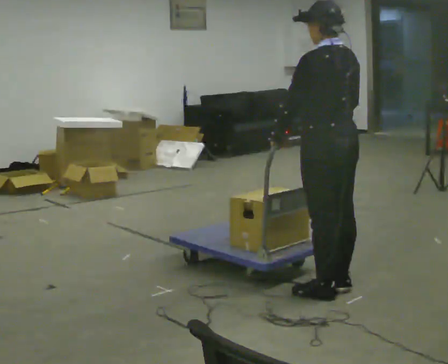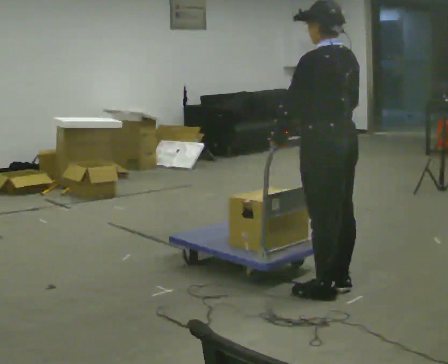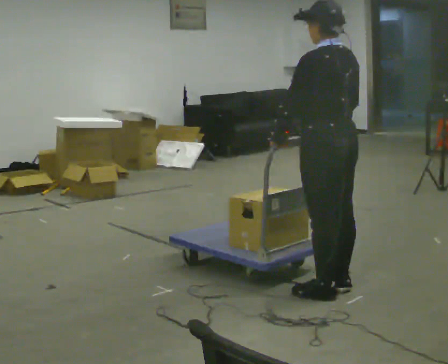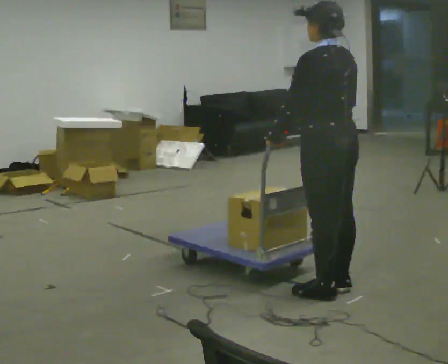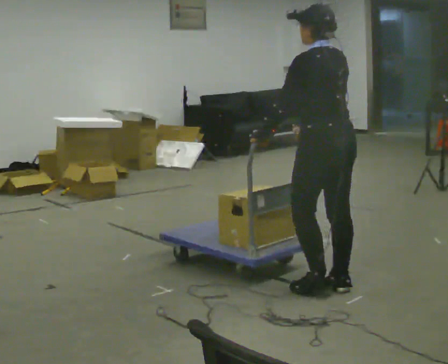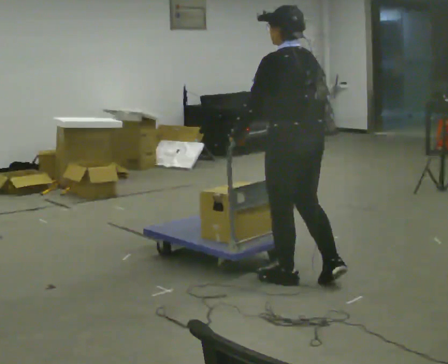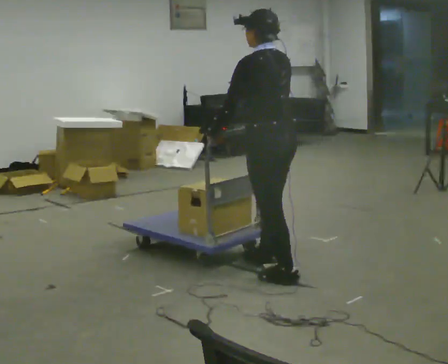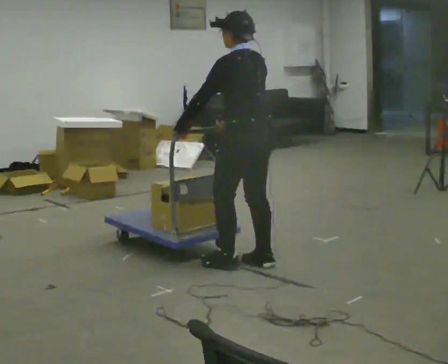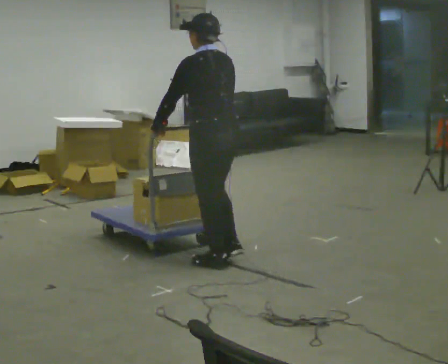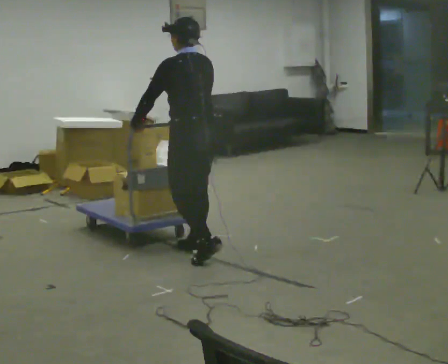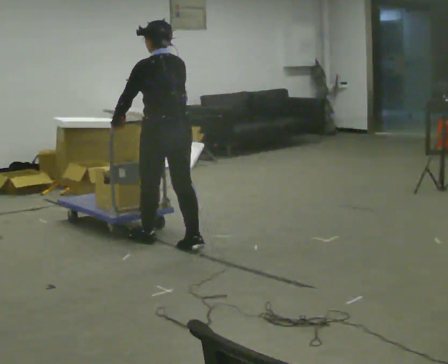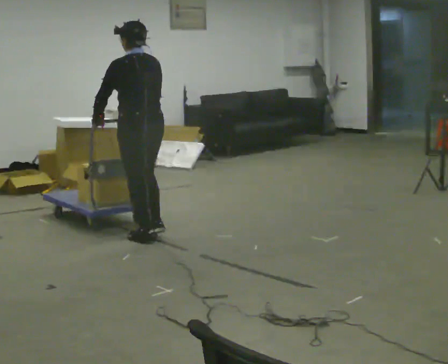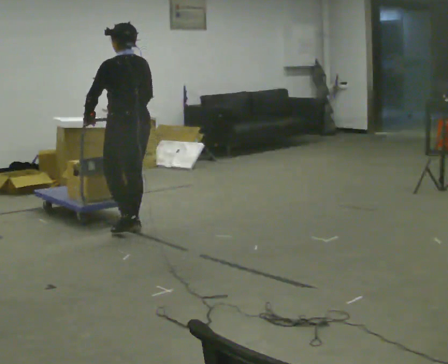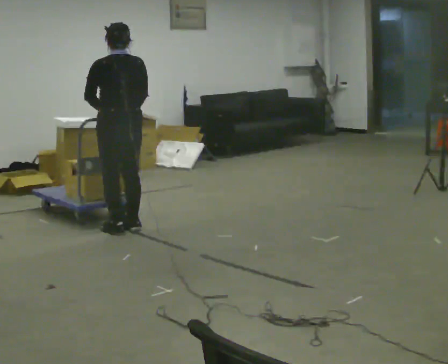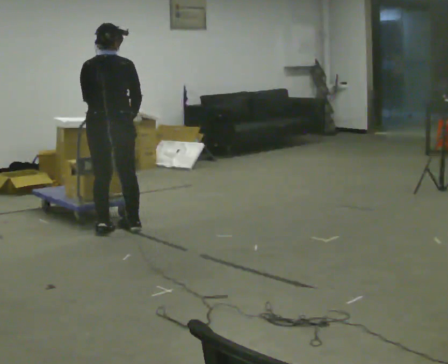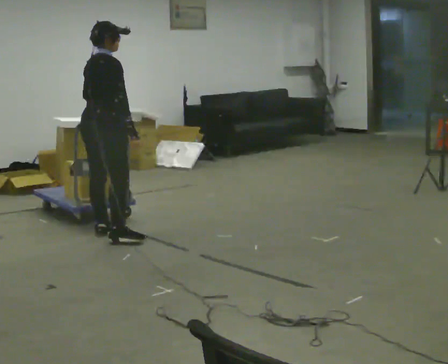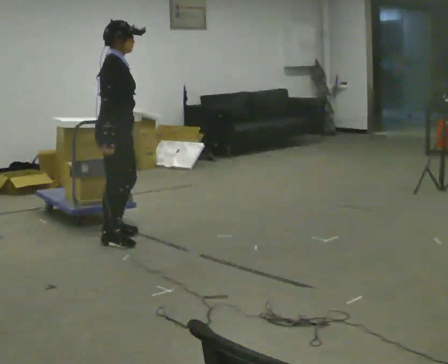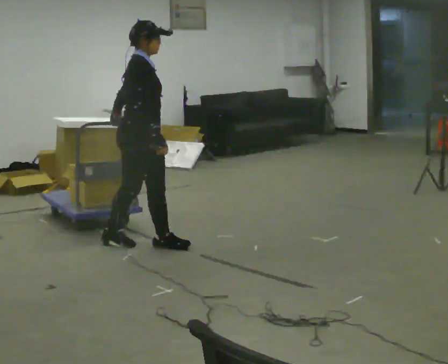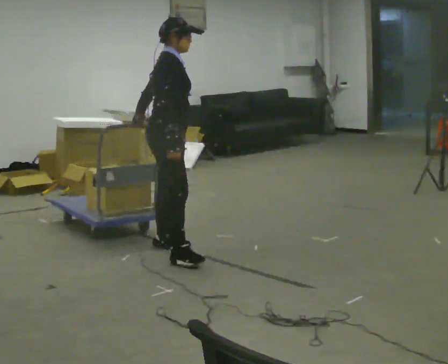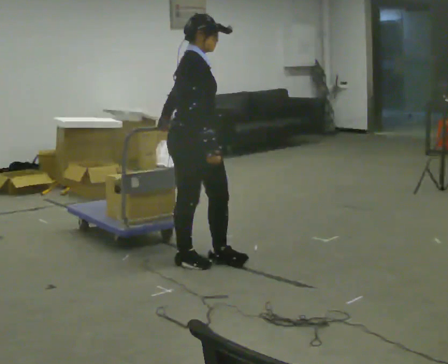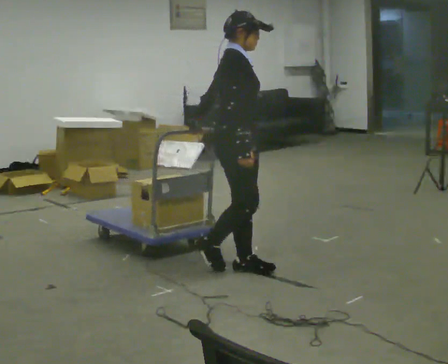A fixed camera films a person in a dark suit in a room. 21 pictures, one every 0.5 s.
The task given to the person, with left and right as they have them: Push the cart across the room and back. The operator will change how much is loaded on it between takes and will tell you each time.
0.0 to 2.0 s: The person moves a little, or ends about where they began.
2.0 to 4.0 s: In the picture they go to the left and away from the camera, about 1 m in 3 steps, which for them is forward.
4.0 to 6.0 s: In the picture they go away from the camera and to the left, about 1 m in 3 steps, which for them is forward.
6.0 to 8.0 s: The part of the body nearest the lens slides to the left as the person turns to their right by about 135 degrees. In the picture they go toward the camera, about 0.25 m in 2 steps.
8.0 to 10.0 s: In the picture they go to the right and toward the camera, about 1 m in 3 steps, which for them is forward and to their right.
The film runs forward here.
